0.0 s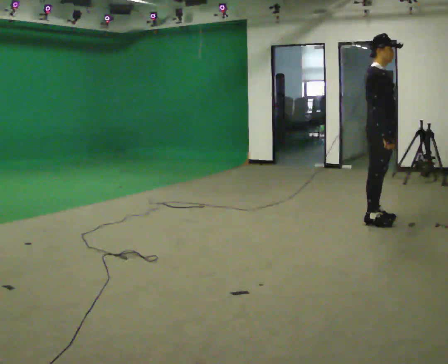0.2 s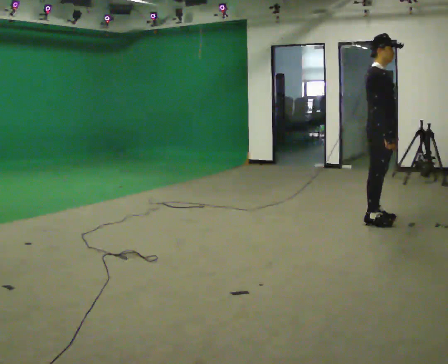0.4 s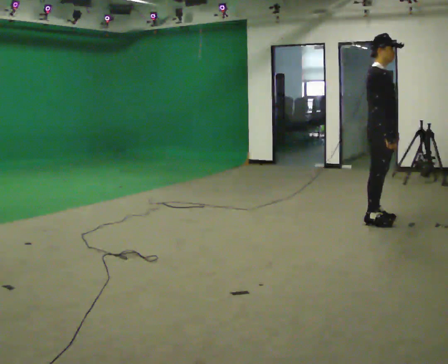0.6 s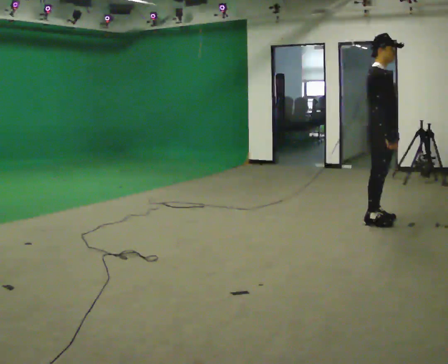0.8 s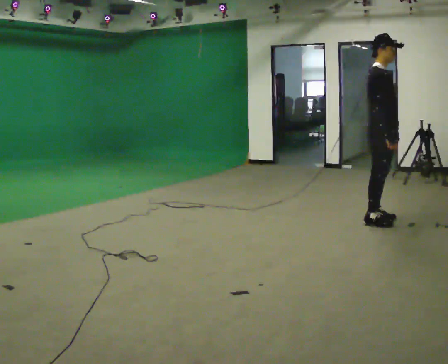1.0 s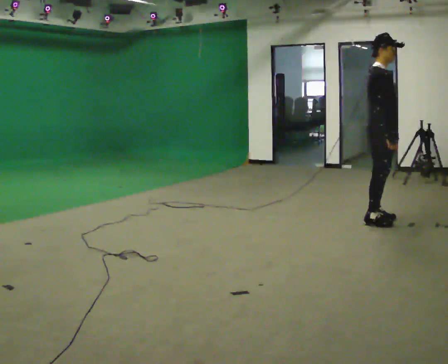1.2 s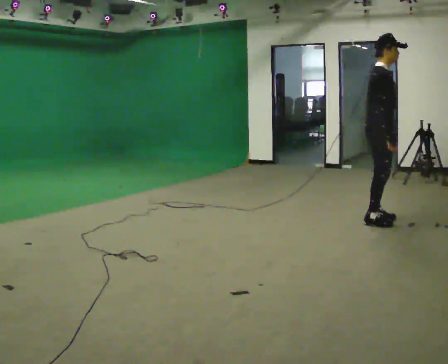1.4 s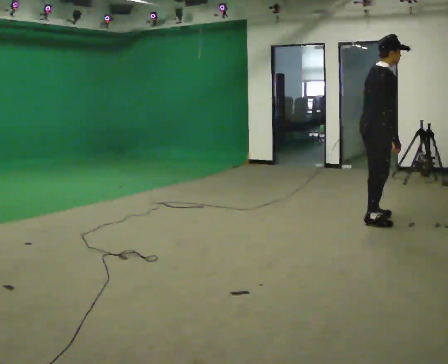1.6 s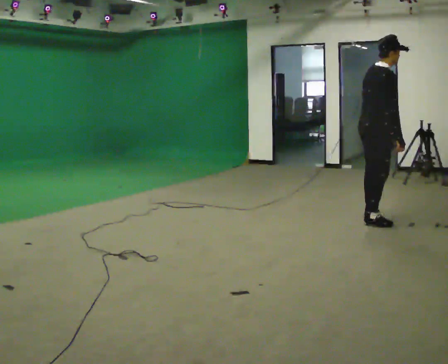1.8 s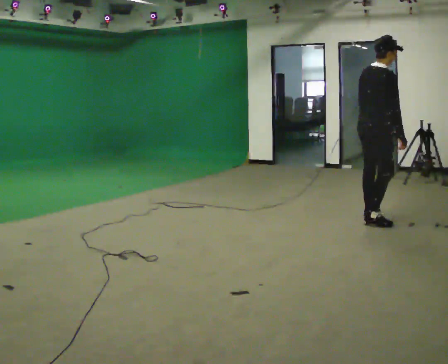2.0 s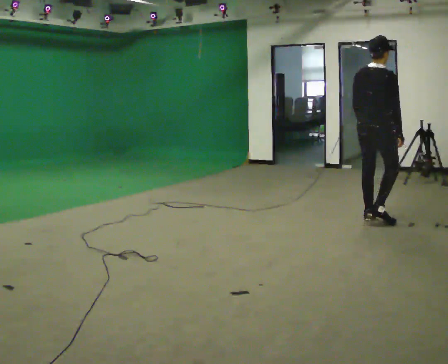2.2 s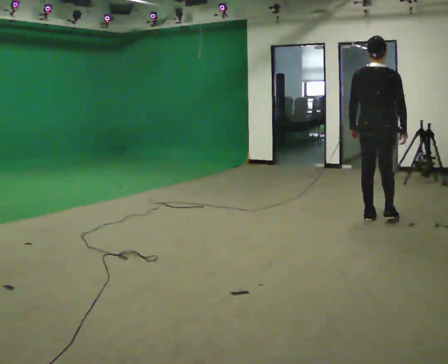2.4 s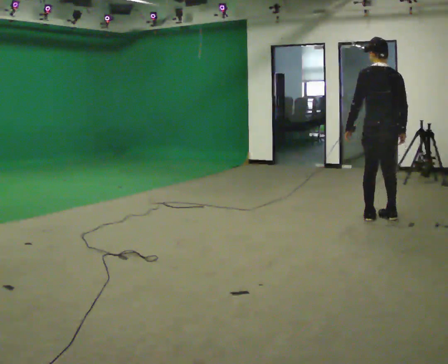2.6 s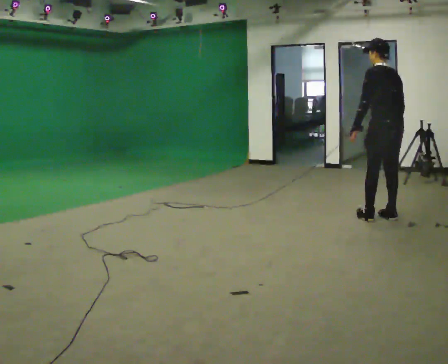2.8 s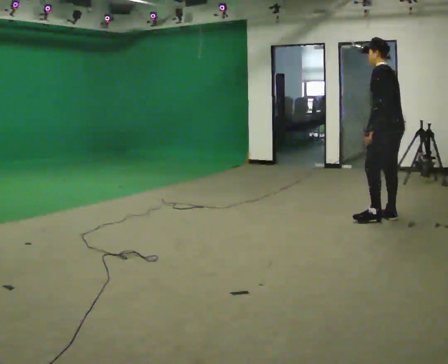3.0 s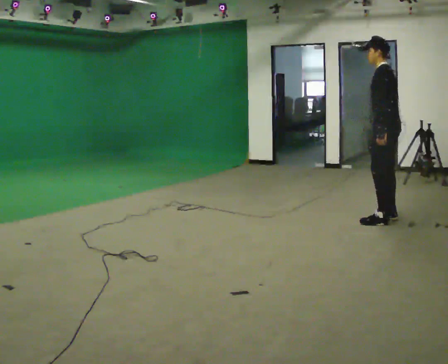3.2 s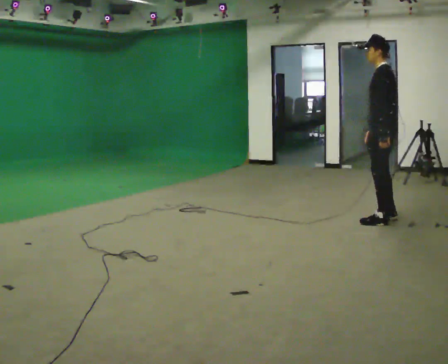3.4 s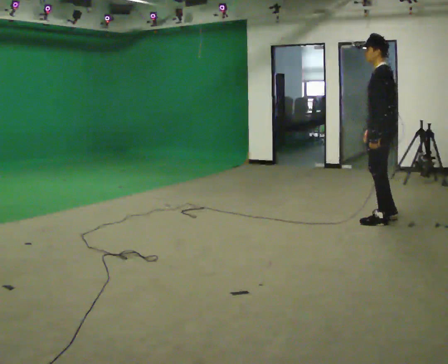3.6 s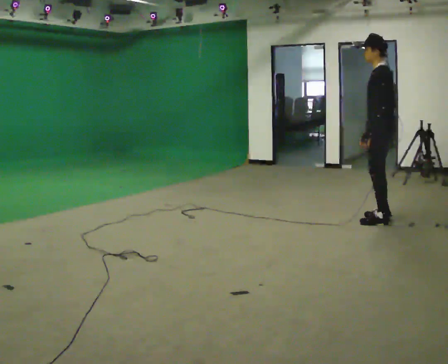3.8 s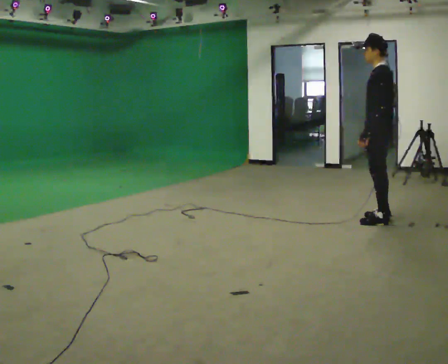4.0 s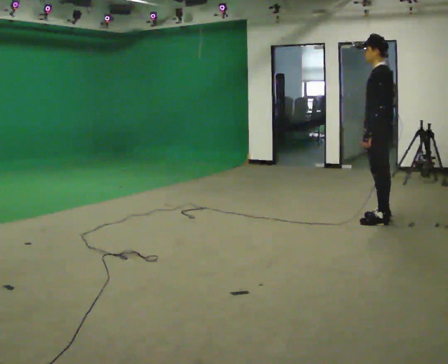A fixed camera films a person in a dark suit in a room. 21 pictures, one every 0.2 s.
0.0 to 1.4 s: Seen from above the body turns counterclockwise, about 30 degrees: to their left, with its near side sliding to the right. In the picture the upper body tilts clockwise, shoulders to the right.
1.4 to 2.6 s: The person turns about 120 degrees to their left, counterclockwise seen from above, so the part of the body nearest the lens slides to the right. In the picture they go to the right, about 0.25 m in 1 step. In the picture the upper body tilts counterclockwise, shoulders to the left.
2.6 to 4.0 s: The person turns about 30 degrees to their left, counterclockwise seen from above, so the part of the body nearest the lens slides to the right.
The film runs forward here.
